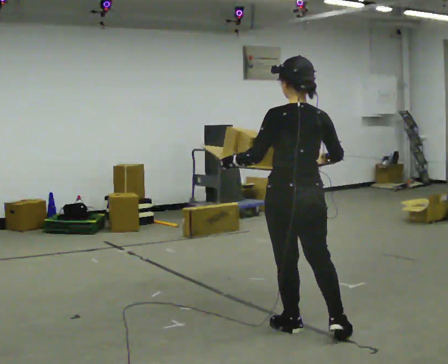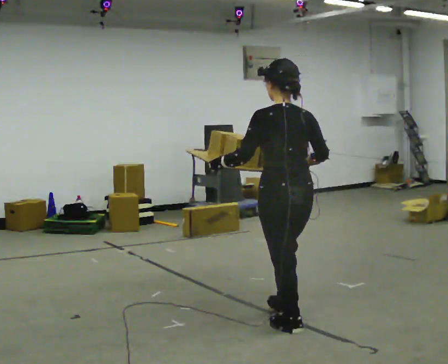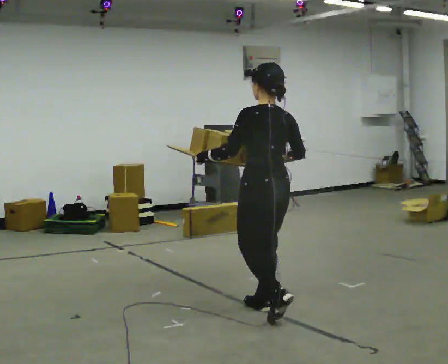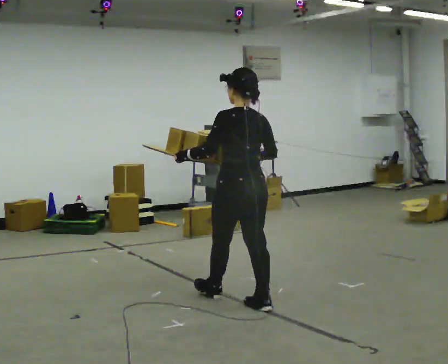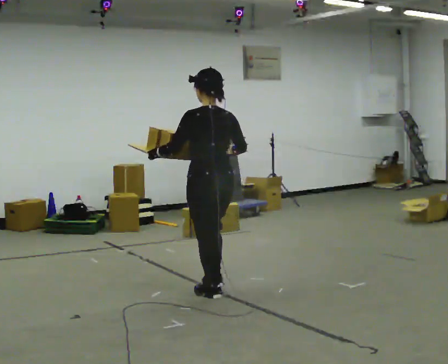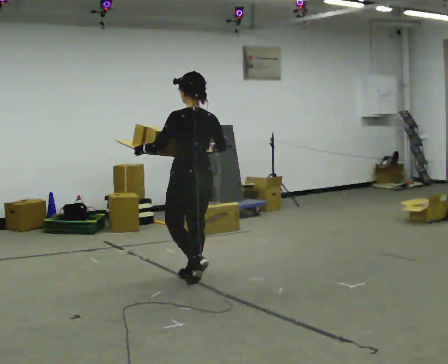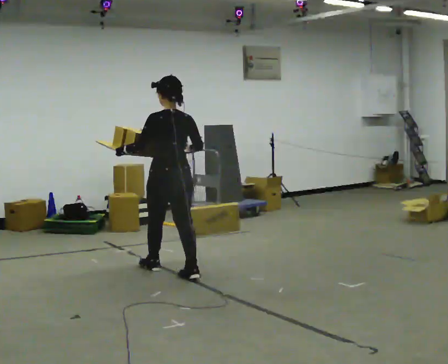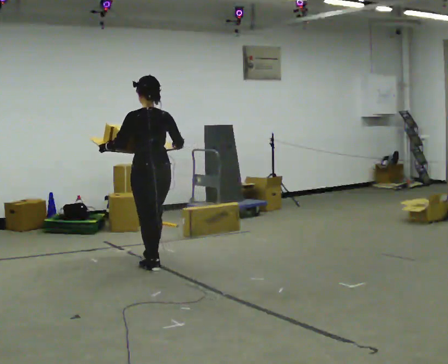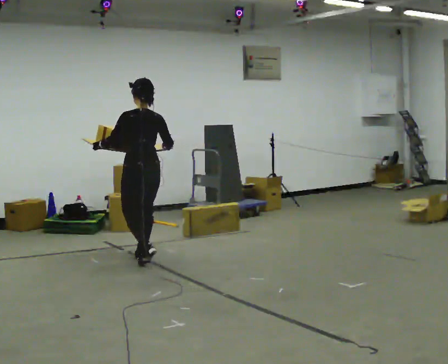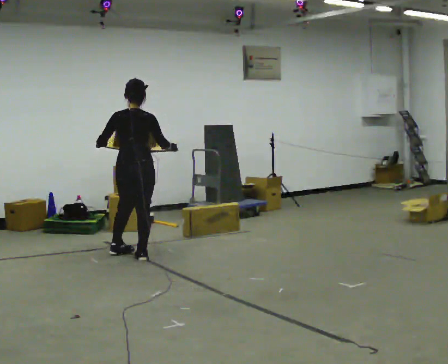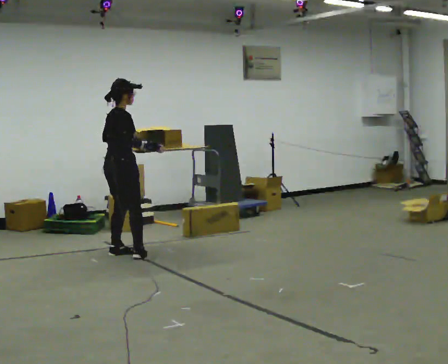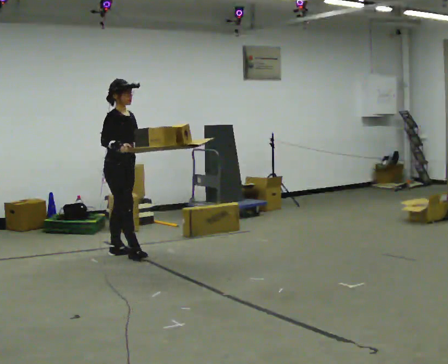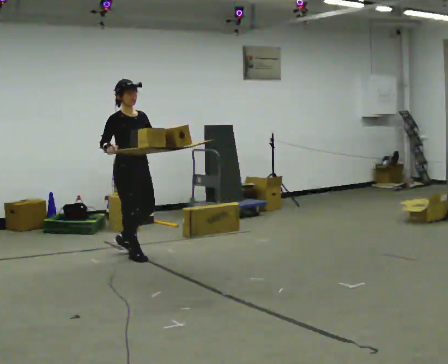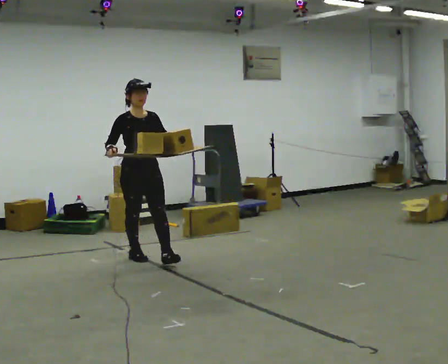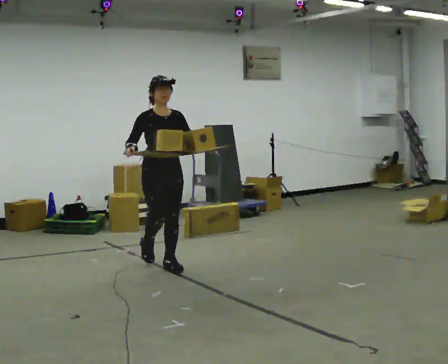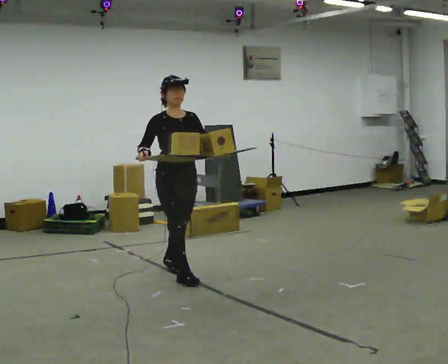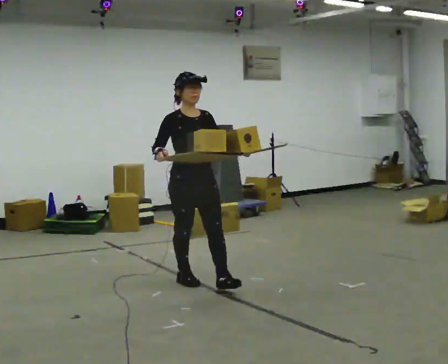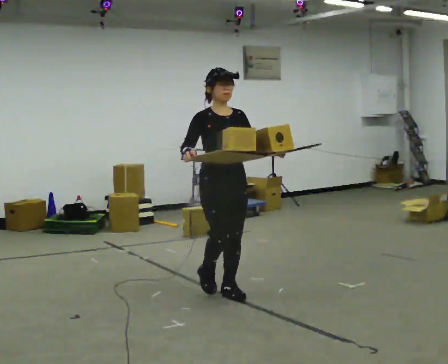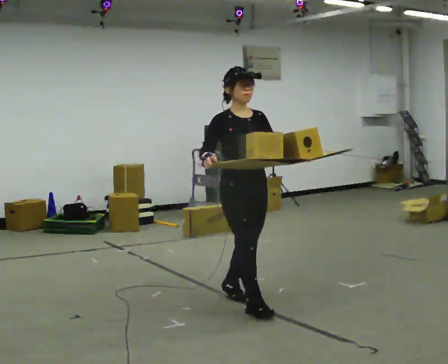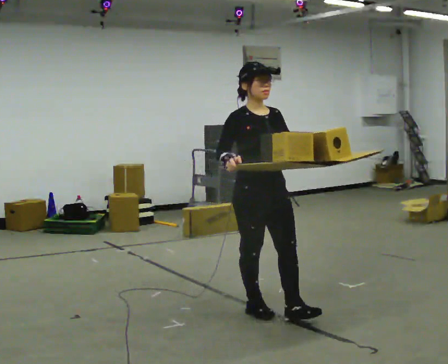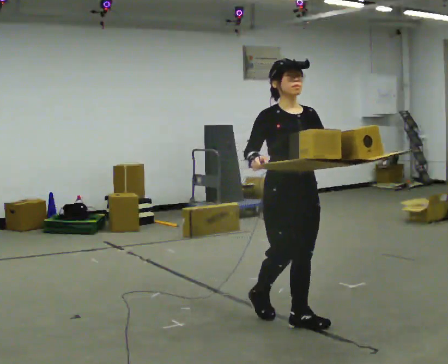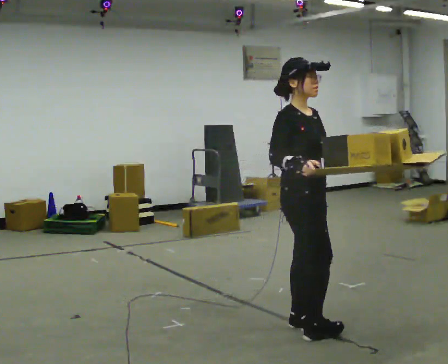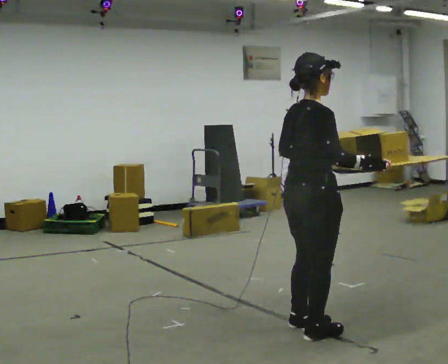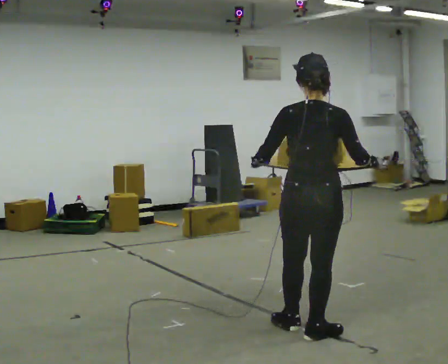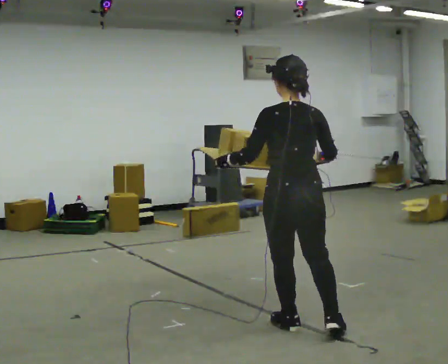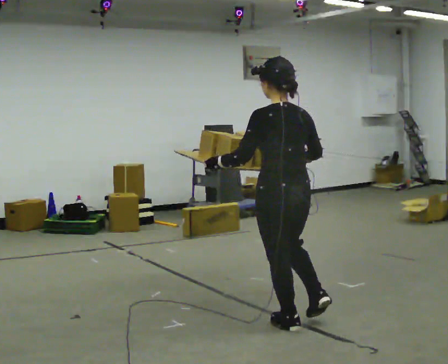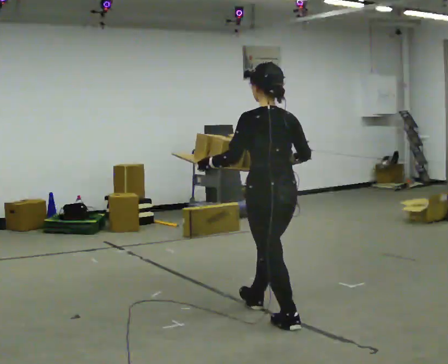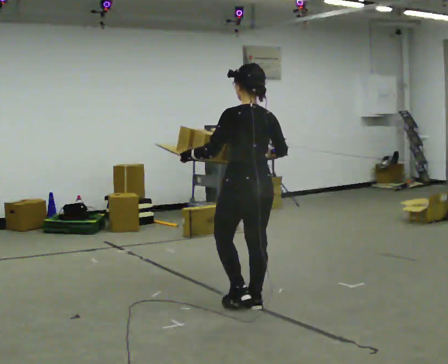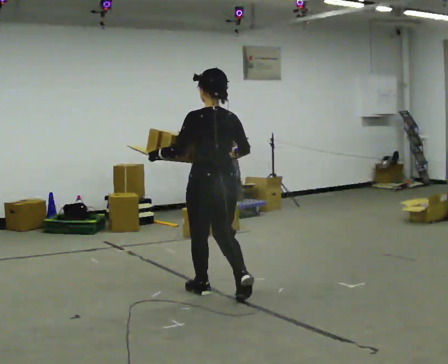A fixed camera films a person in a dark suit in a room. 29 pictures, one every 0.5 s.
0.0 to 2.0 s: In the picture they go away from the camera and to the left, about 1 m in 2 steps, which for them is forward.
2.0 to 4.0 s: In the picture they go away from the camera and to the left, about 1 m in 3 steps, which for them is forward.
4.0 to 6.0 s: The part of the body nearest the lens slides to the left as the person turns to their right by about 165 degrees. In the picture their right hand goes to the left.
6.0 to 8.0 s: In the picture they go toward the camera and to the right, about 1 m in 2 steps, which for them is forward.
8.0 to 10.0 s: In the picture they go toward the camera and to the right, about 1 m in 3 steps, which for them is forward.
10.0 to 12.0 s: Seen from above the body turns counterclockwise, about 165 degrees: to their left, with its near side sliding to the right. In the picture they go toward the camera, about 0.25 m in 1 step. In the picture their right hand goes to the right.
12.0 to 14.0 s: In the picture they go away from the camera and to the left, about 1 m in 2 steps, which for them is forward.
The film runs forward here.
